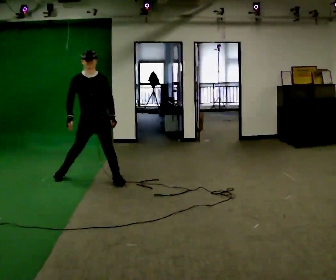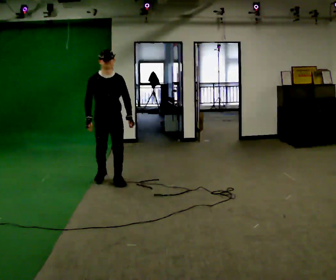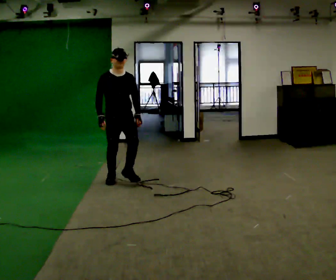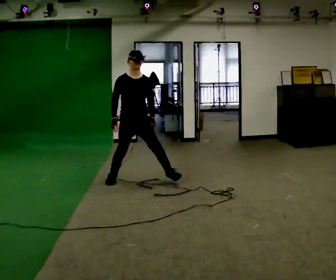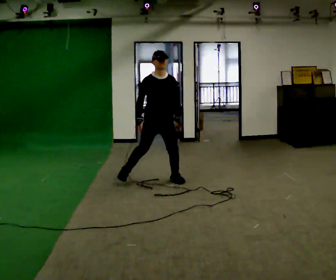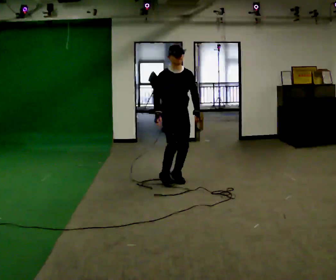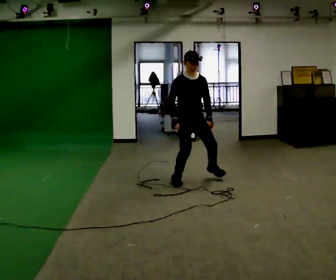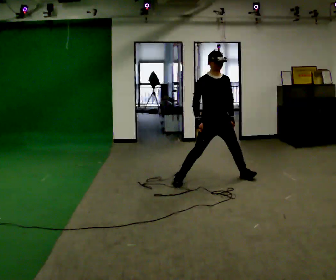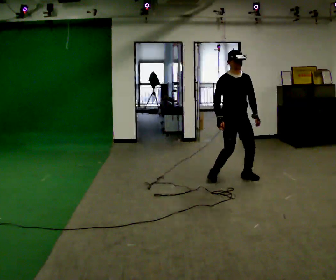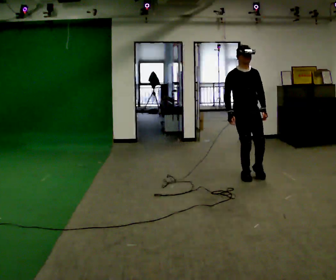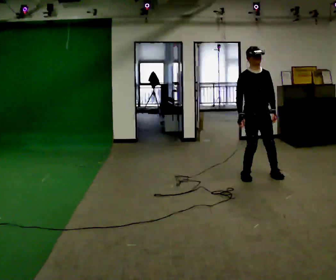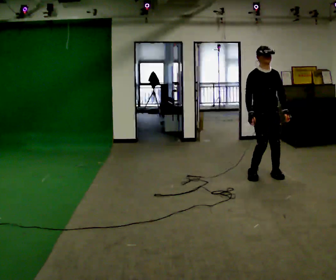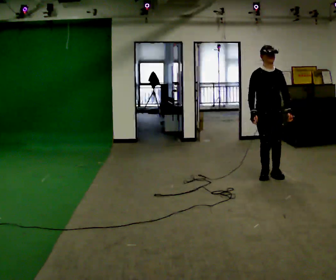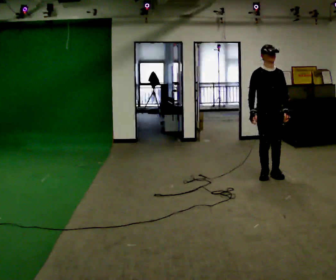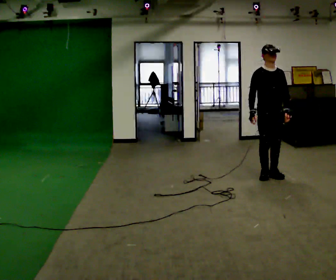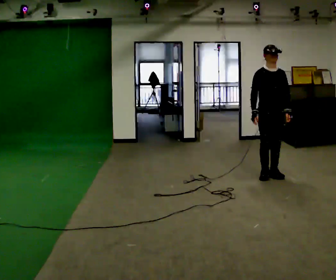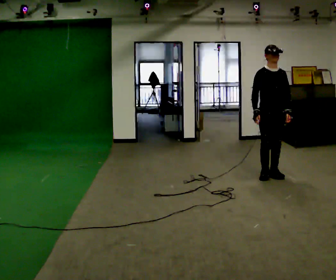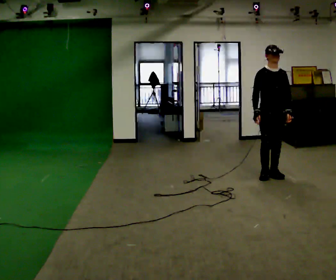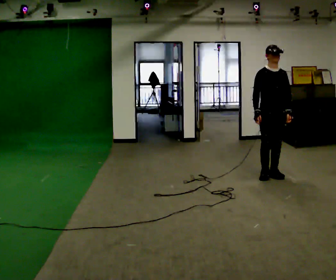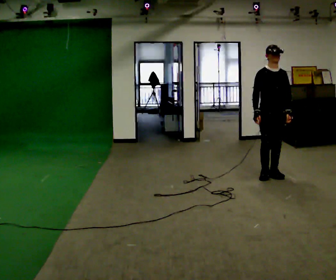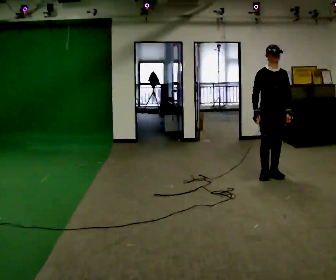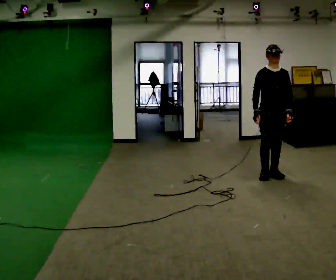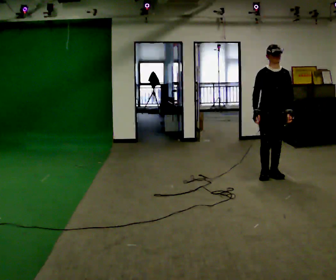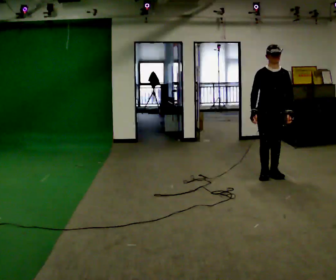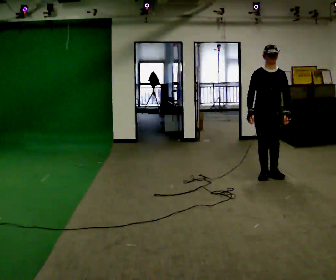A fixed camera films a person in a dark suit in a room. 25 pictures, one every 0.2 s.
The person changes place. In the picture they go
to the right.
0.0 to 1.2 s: In the picture they go to the right, about 1 m in 3 steps, which for them is to their left.
1.2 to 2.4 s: In the picture they go to the right, about 1 m in 4 steps, which for them is to their left.
2.4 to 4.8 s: The person moves a little, or ends about where they began.
The film runs forward here.
